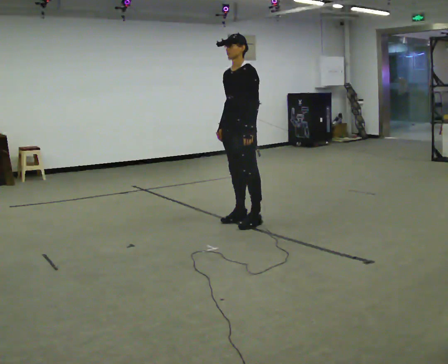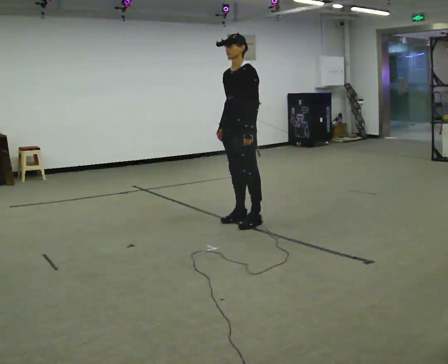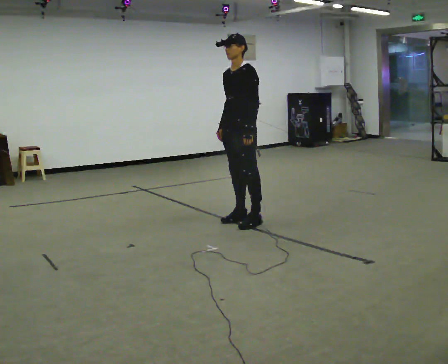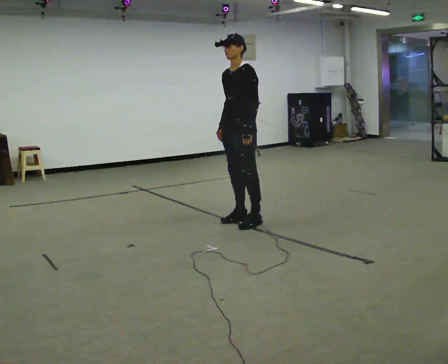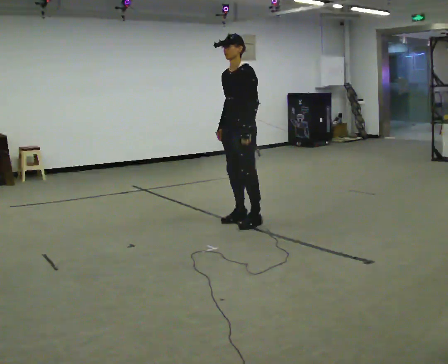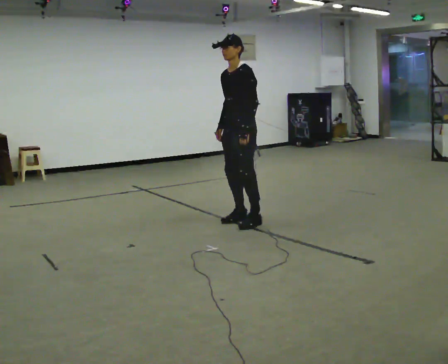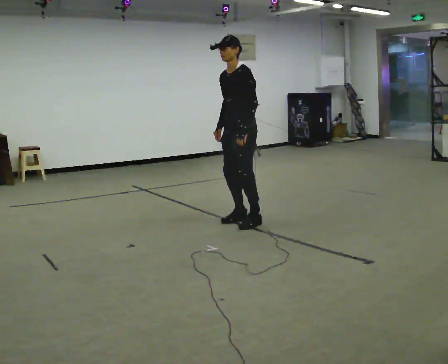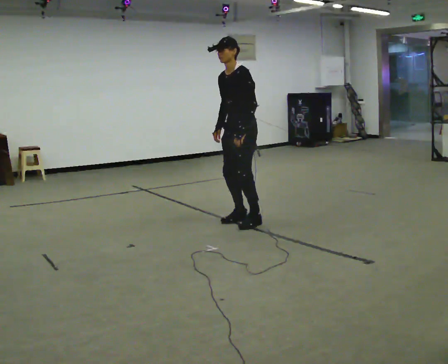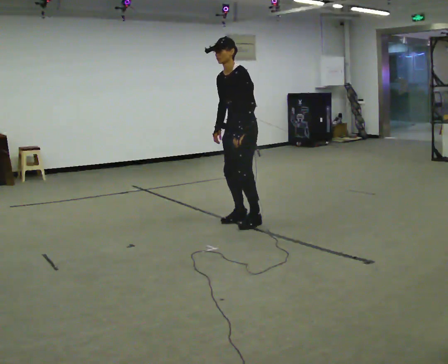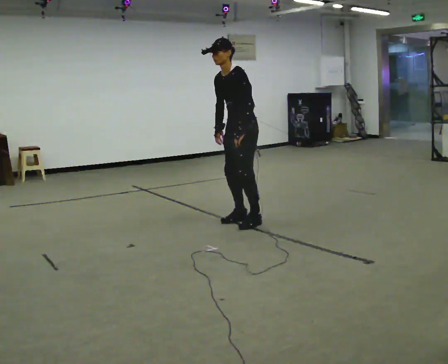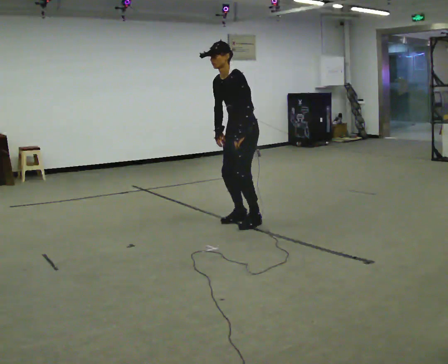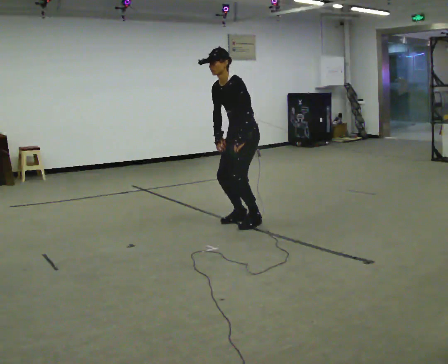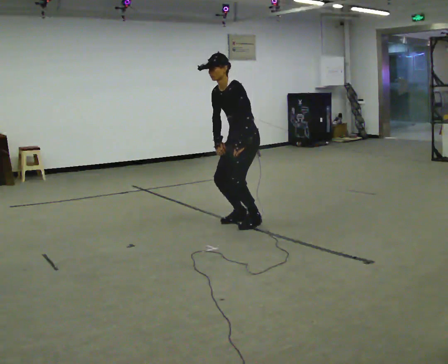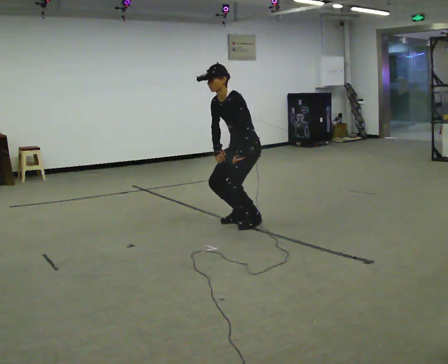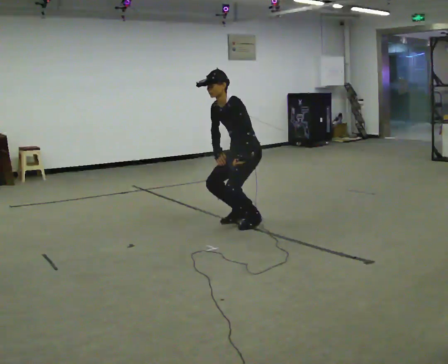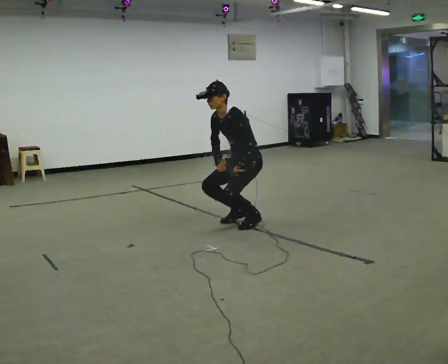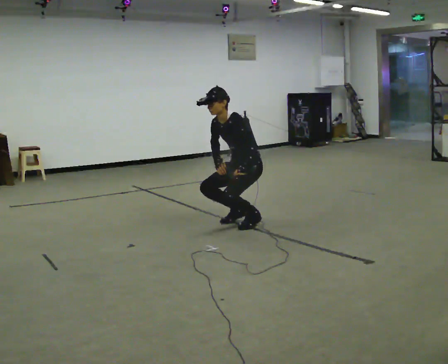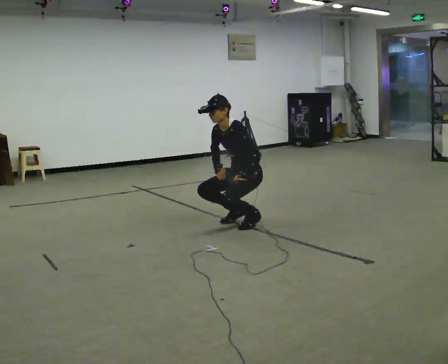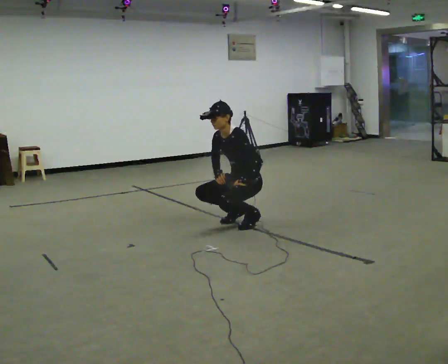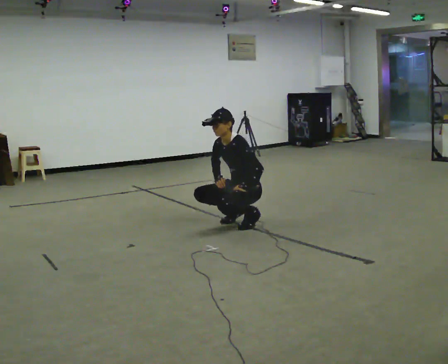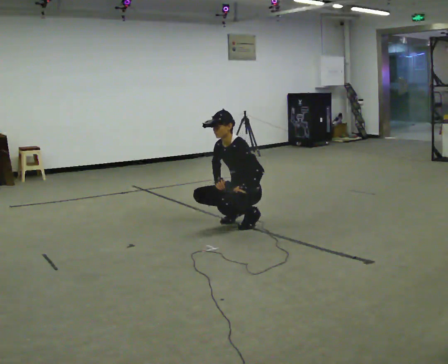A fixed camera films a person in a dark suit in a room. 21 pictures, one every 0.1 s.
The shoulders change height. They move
downward.
Their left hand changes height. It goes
downward.
0.0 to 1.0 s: In the picture the upper body tilts counterclockwise, shoulders to the left, as they bend forward.
1.0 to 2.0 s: The upper body goes downward. In the picture their right hand goes downward.
The film runs forward here.
